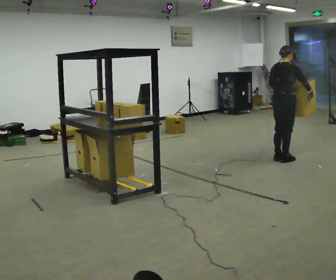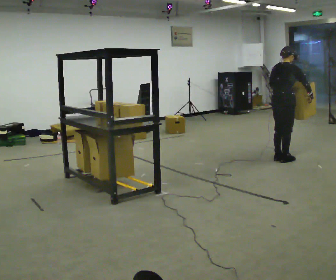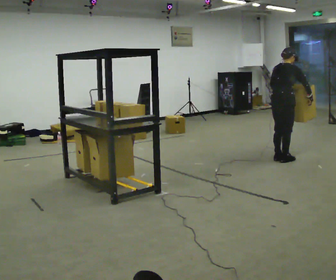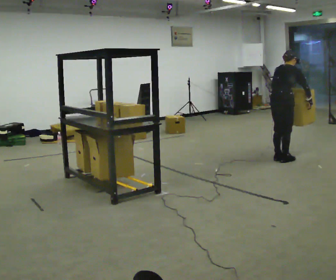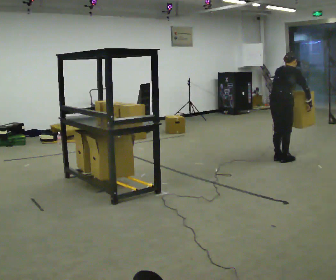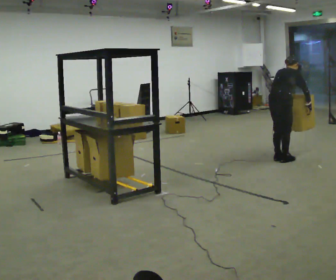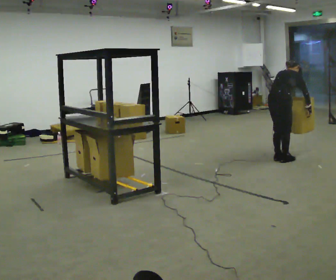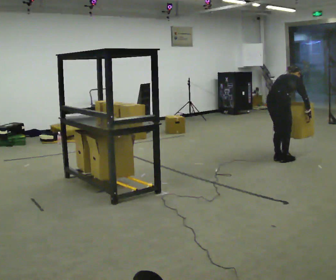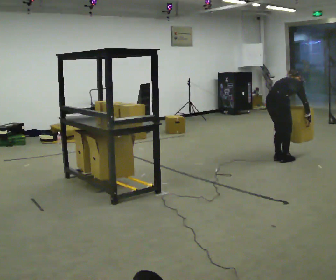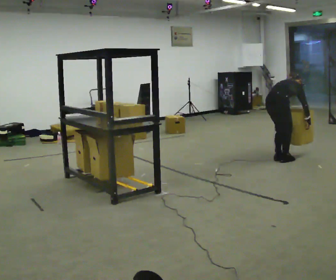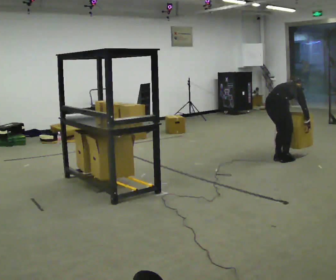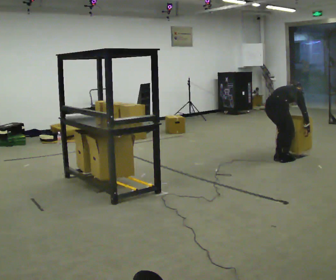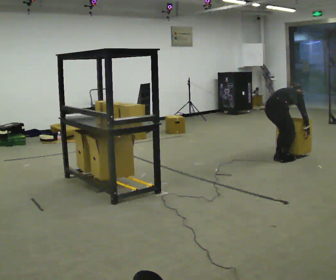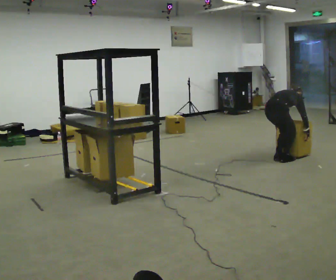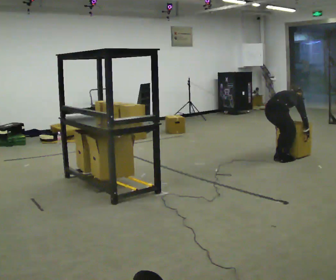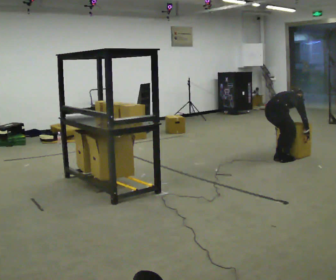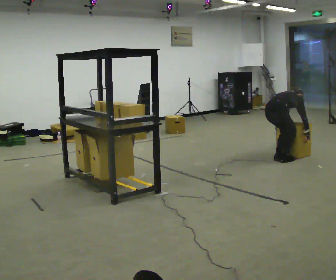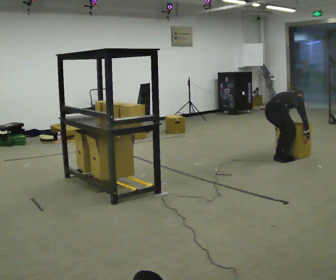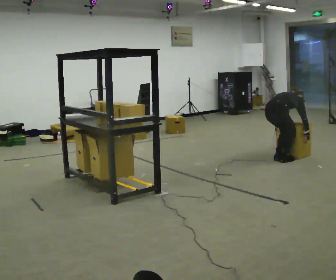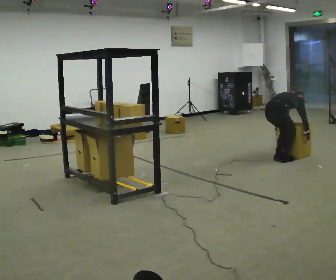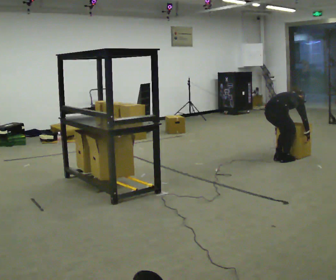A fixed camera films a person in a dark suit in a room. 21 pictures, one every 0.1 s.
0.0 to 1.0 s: The shoulders move downward. The upper body tips away from the camera, its near side rolling upward, as they bend forward. In the picture their right hand goes downward.
1.0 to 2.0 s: In the picture the upper body tilts clockwise, shoulders to the right.
The film runs backward here.
